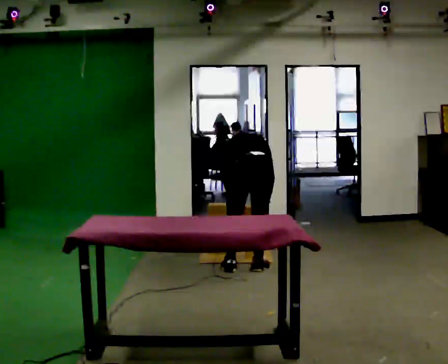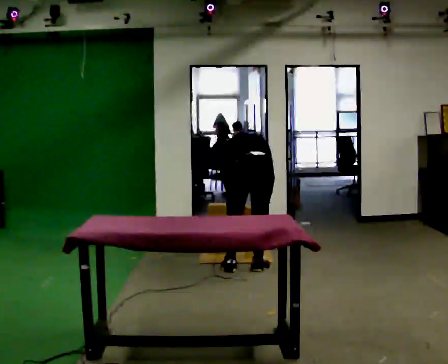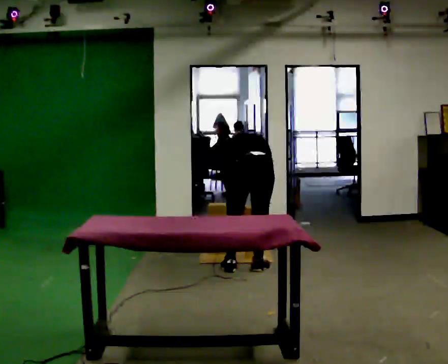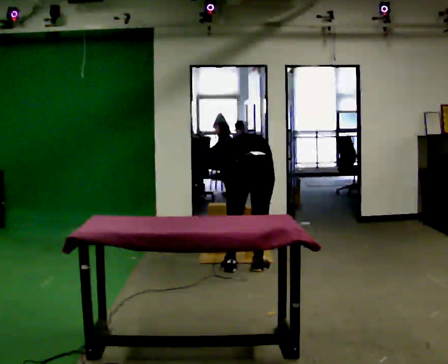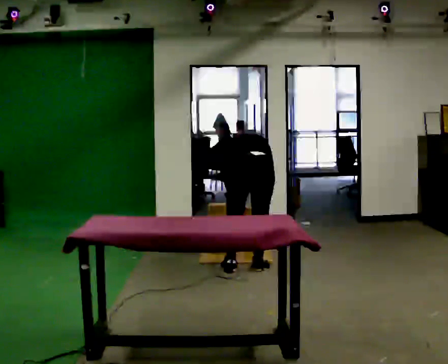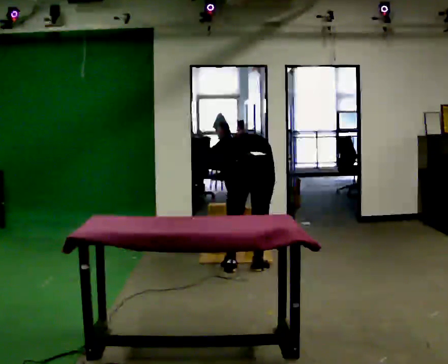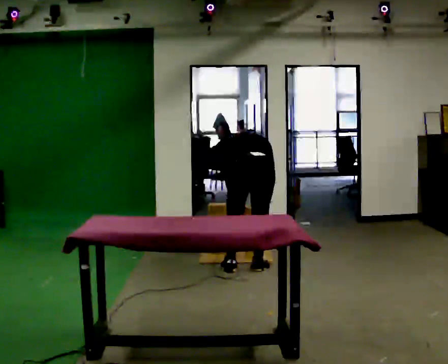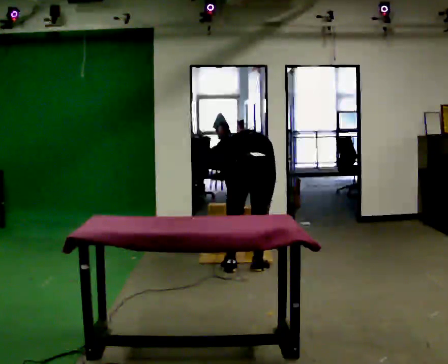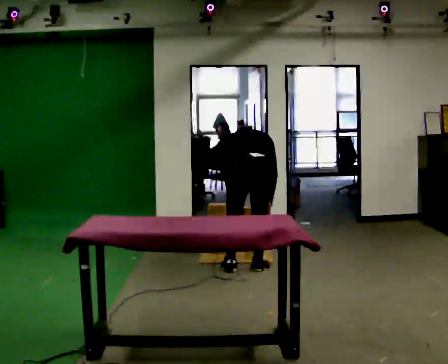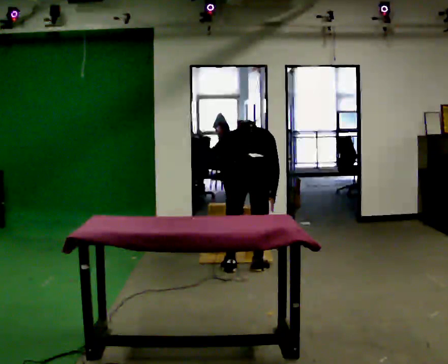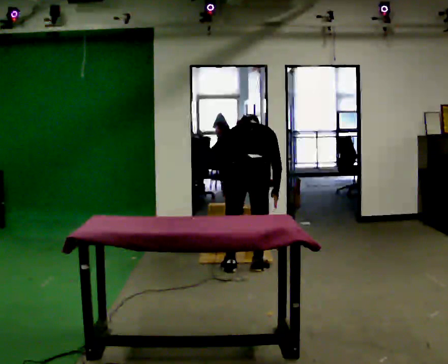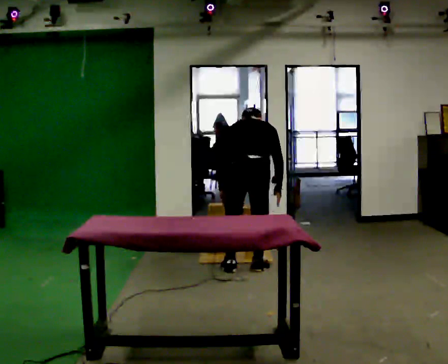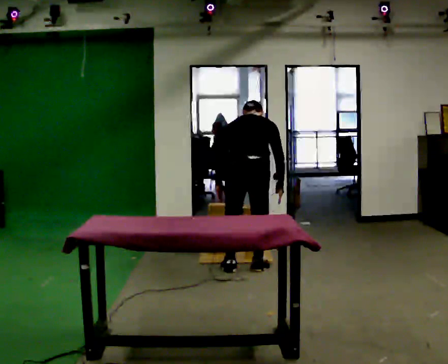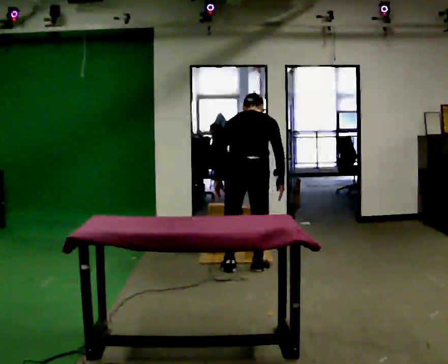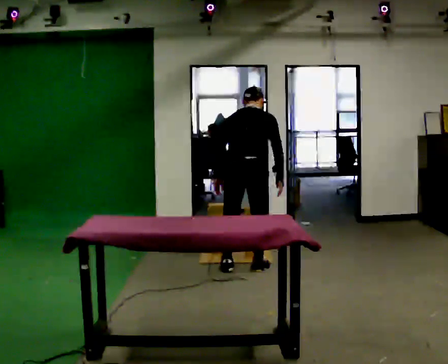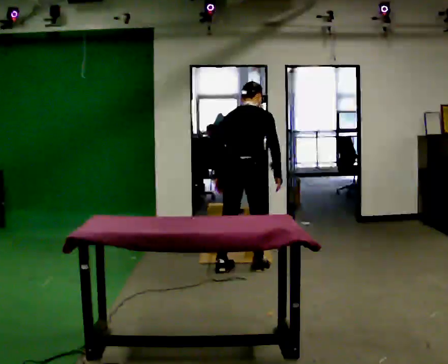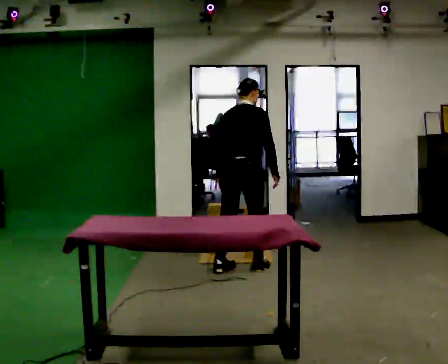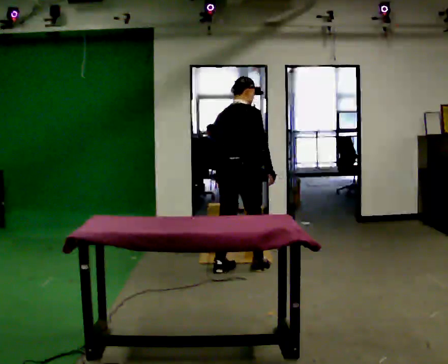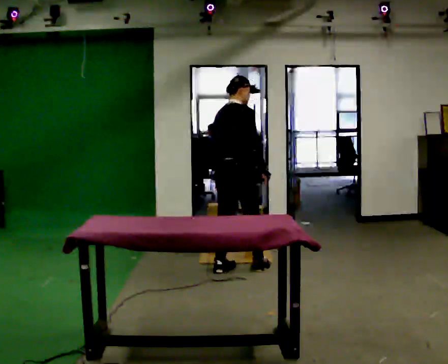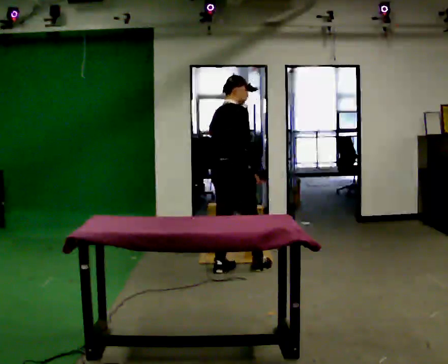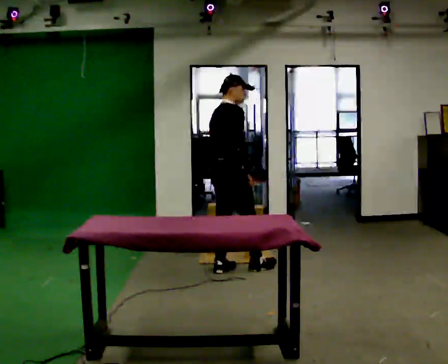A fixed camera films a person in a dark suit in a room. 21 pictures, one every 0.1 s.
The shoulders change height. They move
upward.
The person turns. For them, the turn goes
to their right.
0.0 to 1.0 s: In the picture the upper body tilts clockwise, shoulders to the right, as they lean back or straighten.
1.0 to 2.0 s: The person turns about 45 degrees to their right, clockwise seen from above, so the part of the body nearest the lens slides to the left. In the picture they go to the left, about 0.25 m, which for them is to their left. The upper body goes upward. The upper body tips toward the camera, its near side rolling downward, as they lean back or straighten.
The film runs forward here.
